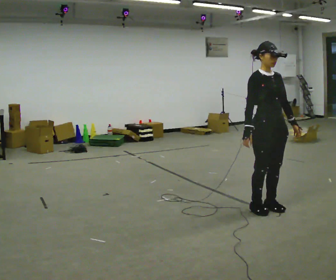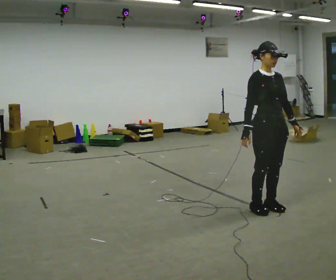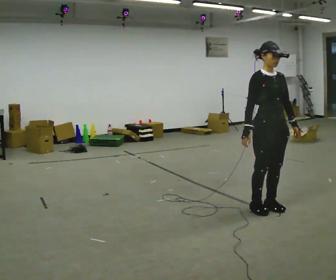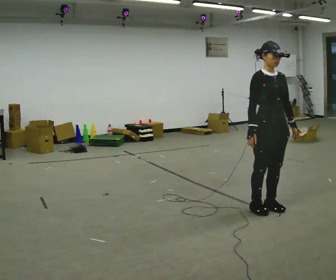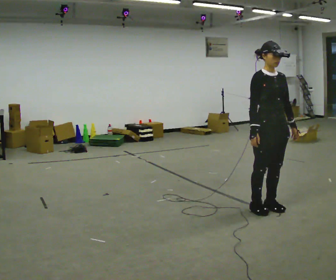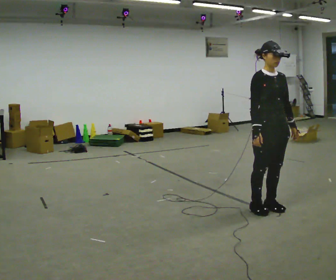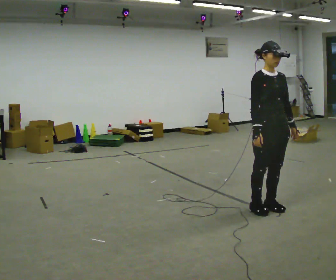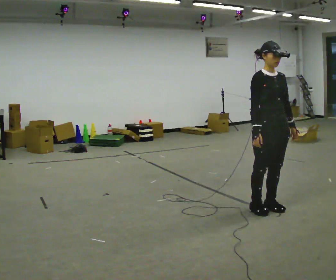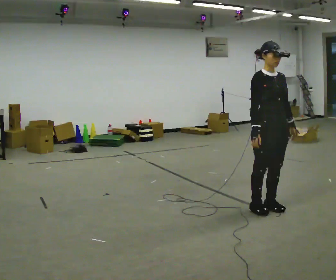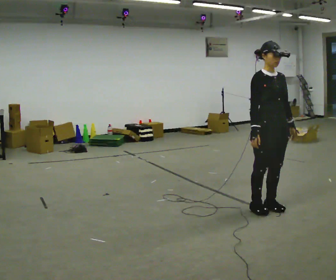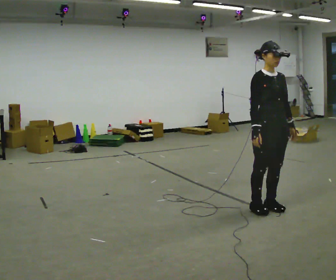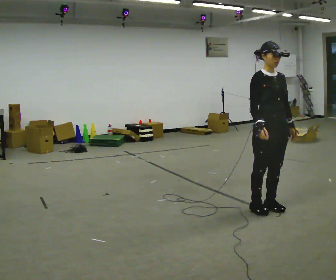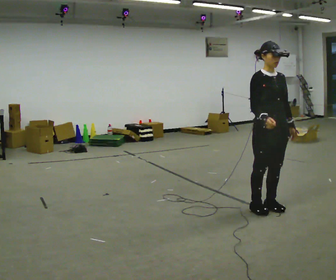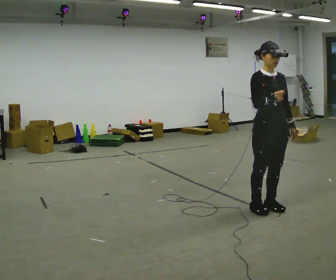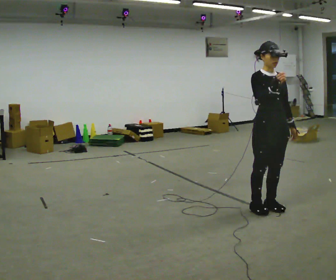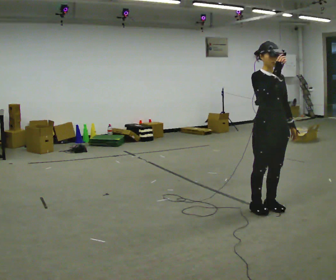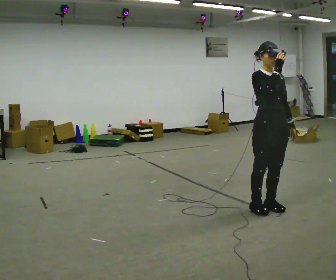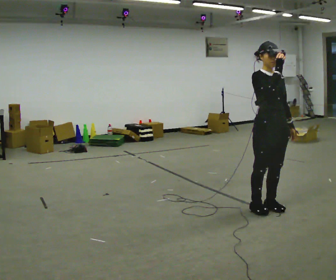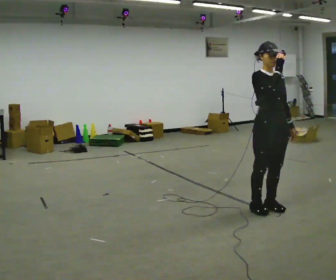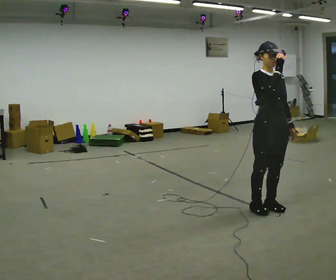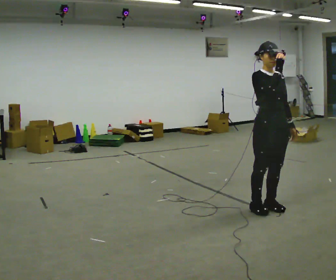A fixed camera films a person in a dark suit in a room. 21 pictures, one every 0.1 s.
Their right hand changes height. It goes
upward.
0.0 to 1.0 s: The person moves a little, or ends about where they began.
1.0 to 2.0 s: In the picture their right hand goes upward.
The film runs forward here.
